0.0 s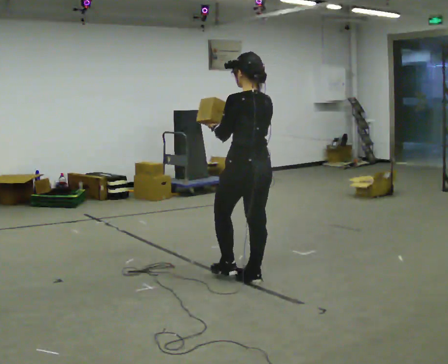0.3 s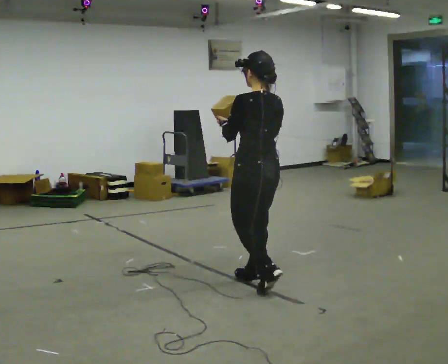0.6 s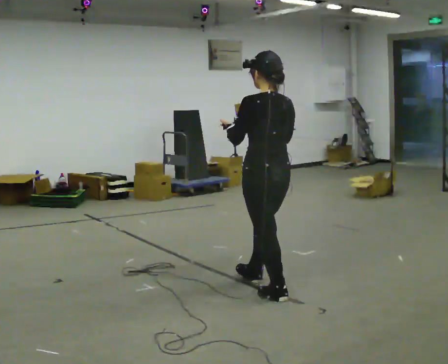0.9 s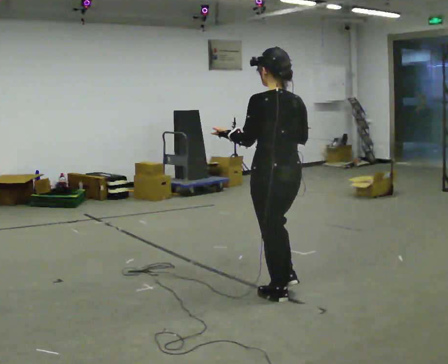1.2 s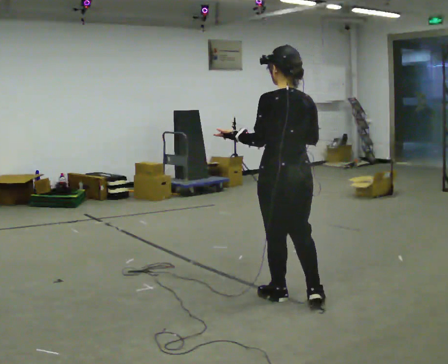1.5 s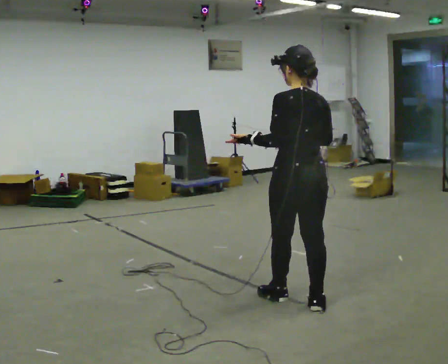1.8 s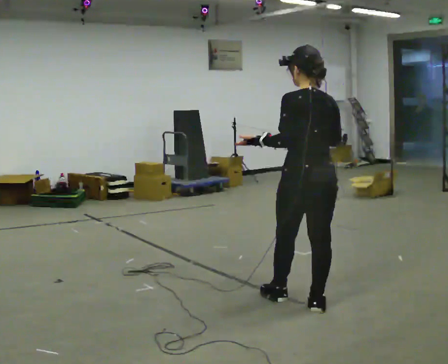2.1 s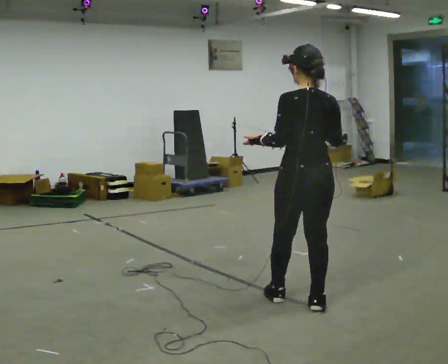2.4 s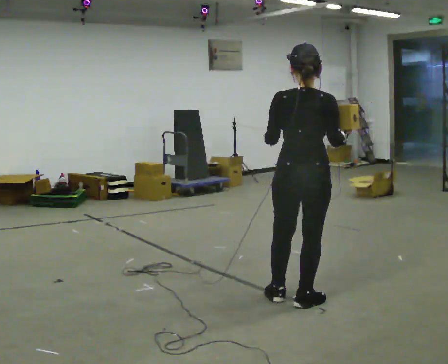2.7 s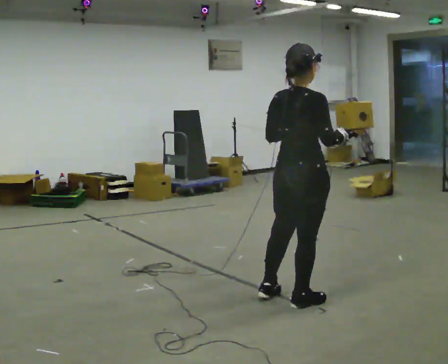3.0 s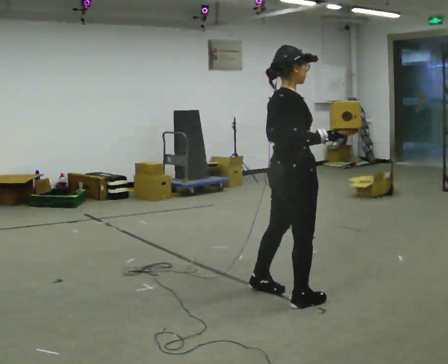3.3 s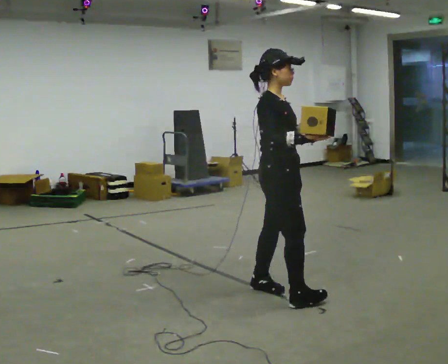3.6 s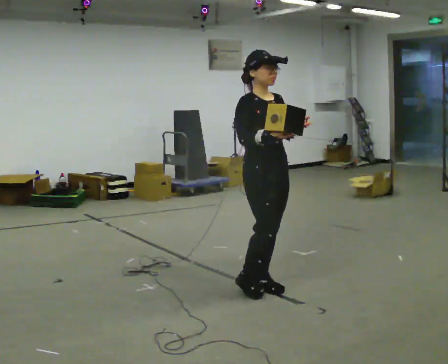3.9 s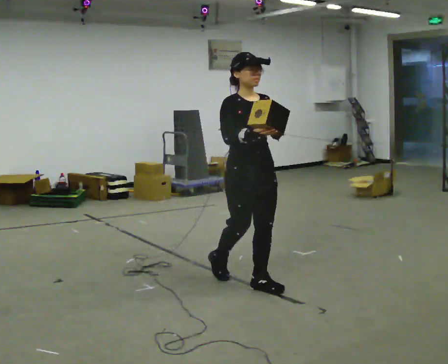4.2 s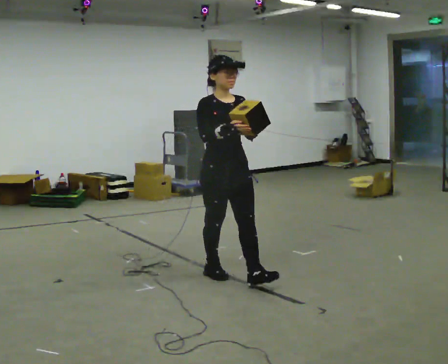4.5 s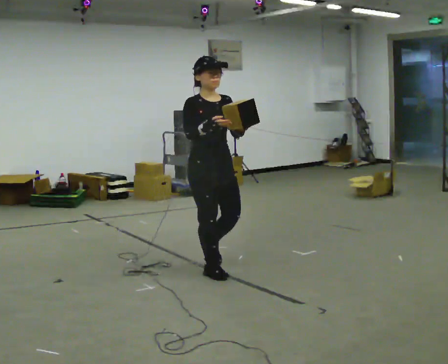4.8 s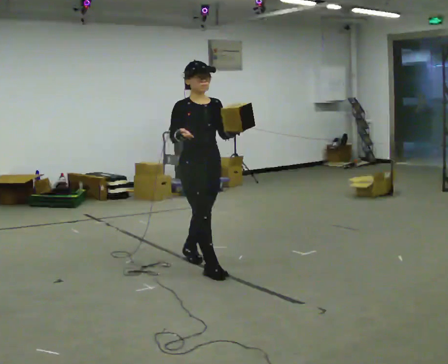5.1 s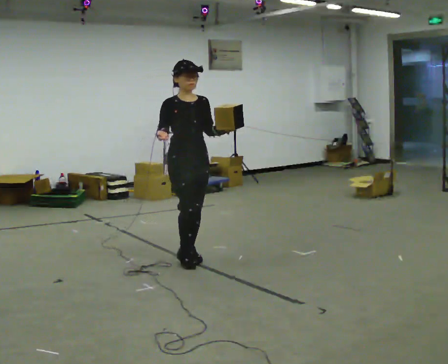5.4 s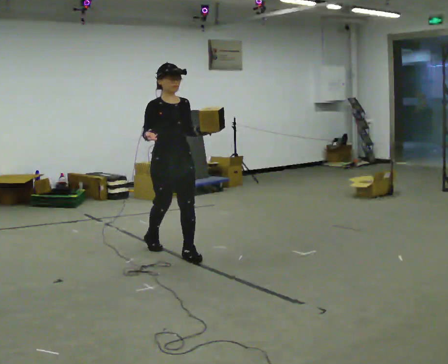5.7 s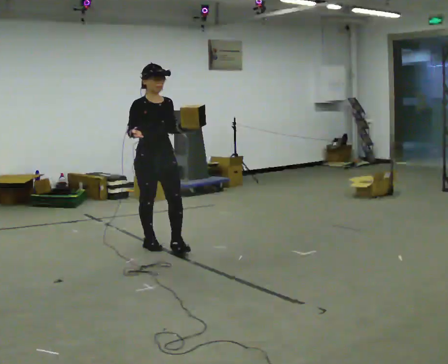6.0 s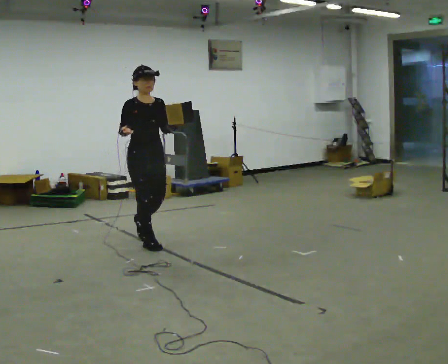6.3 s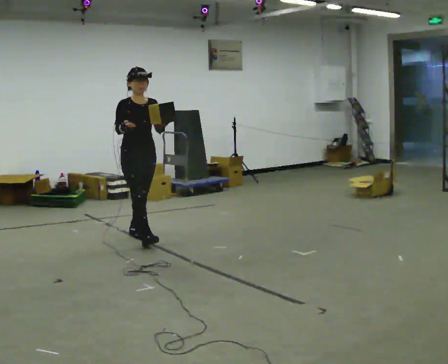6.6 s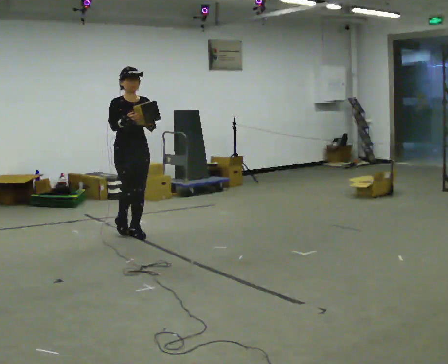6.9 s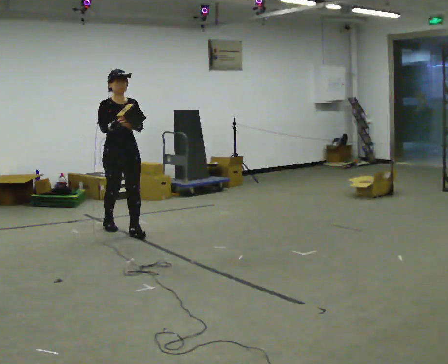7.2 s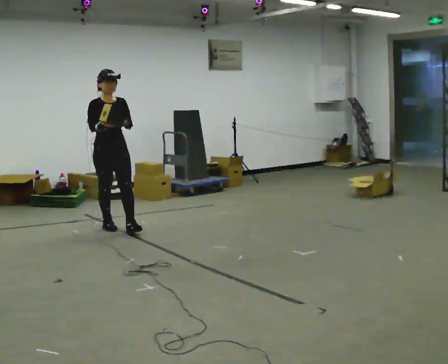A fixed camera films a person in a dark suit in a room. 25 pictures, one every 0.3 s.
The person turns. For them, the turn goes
to their right.
The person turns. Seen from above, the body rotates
clockwise.
0.0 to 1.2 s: In the picture they go toward the camera and to the right, about 0.5 m in 1 step, which for them is backward.
1.2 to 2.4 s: The person turns about 30 degrees to their right, clockwise seen from above, so the part of the body nearest the lens slides to the left.
2.4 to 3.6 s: The part of the body nearest the lens slides to the left as the person turns to their right by about 120 degrees. In the picture they go to the left and away from the camera, about 0.25 m in 2 steps.
3.6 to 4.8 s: In the picture they go to the left and away from the camera, about 0.5 m in 1 step, which for them is backward.
4.8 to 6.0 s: In the picture they go to the left and away from the camera, about 1 m in 2 steps, which for them is backward.
6.0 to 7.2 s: In the picture they go to the left and away from the camera, about 0.5 m in 2 steps, which for them is backward.
The film runs backward here.
